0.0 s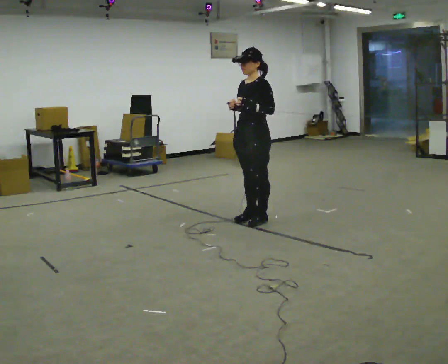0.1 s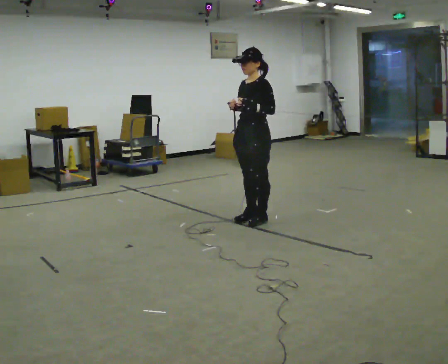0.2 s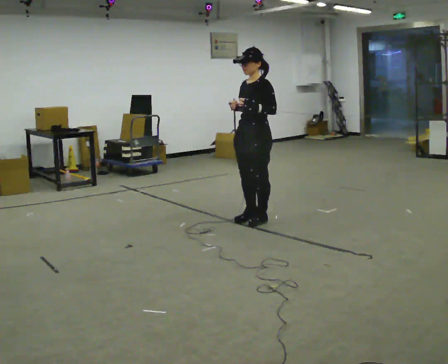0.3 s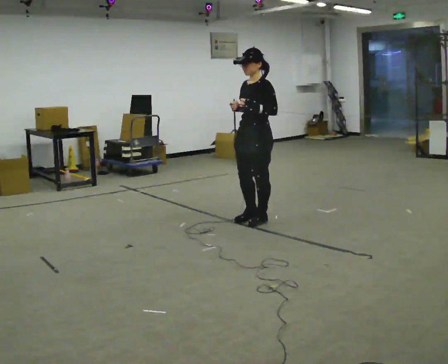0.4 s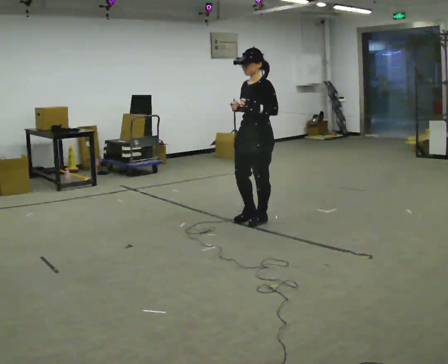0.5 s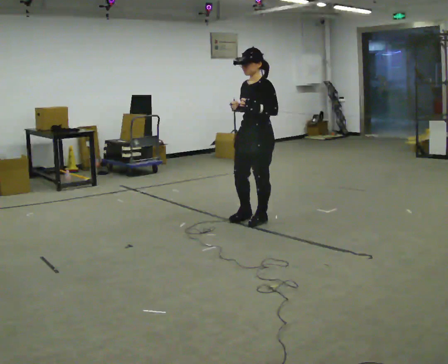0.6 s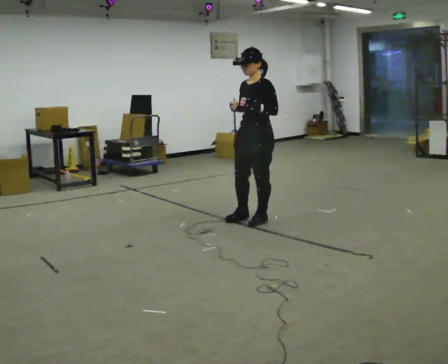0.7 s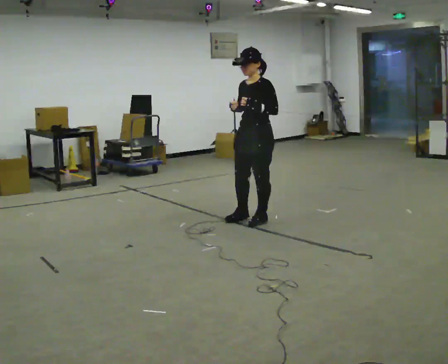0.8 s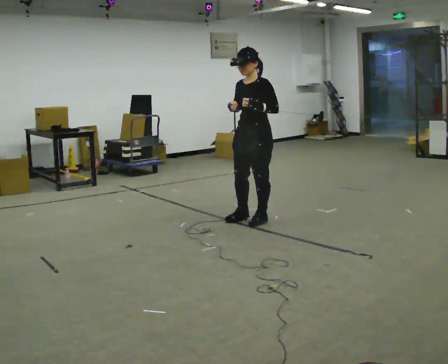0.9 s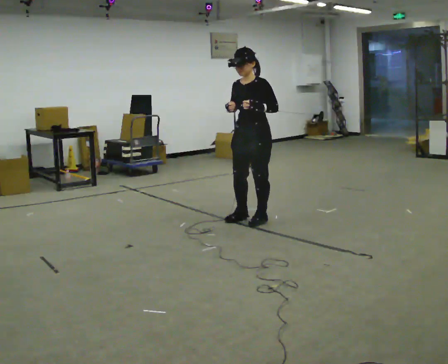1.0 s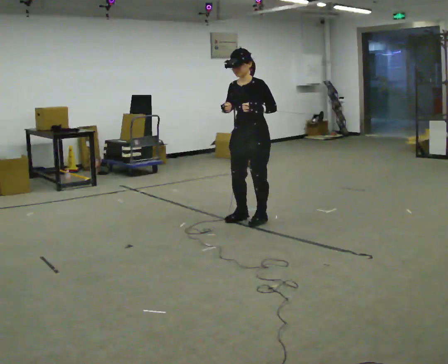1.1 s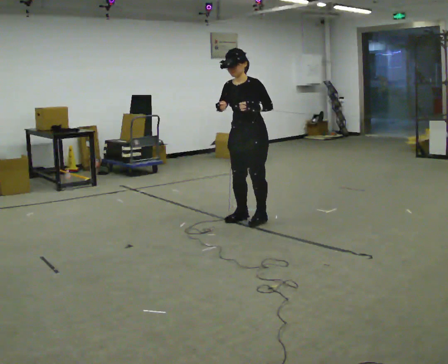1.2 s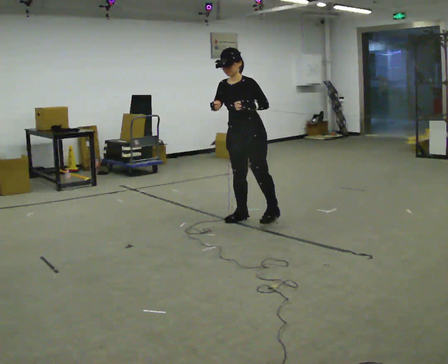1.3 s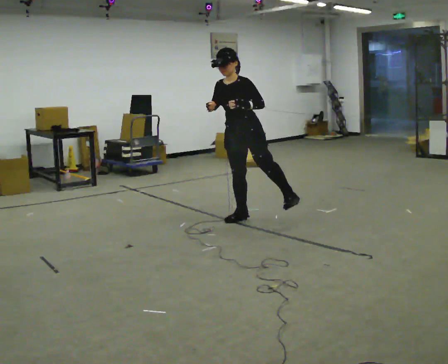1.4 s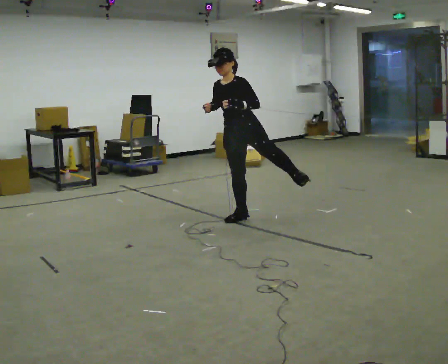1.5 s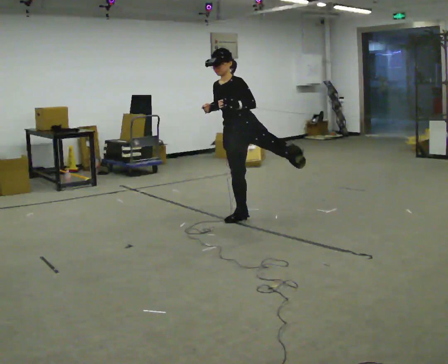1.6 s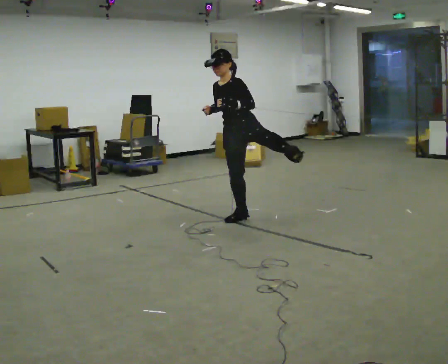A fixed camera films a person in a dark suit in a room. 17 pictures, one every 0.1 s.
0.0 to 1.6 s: In the picture the upper body tilts counterclockwise, shoulders to the left.
The film runs backward here.
